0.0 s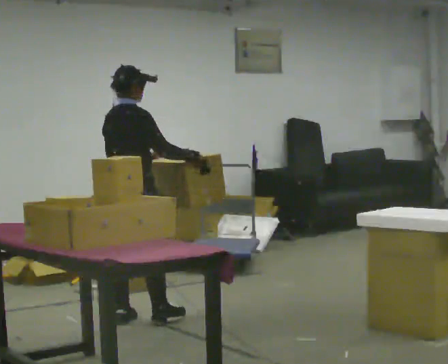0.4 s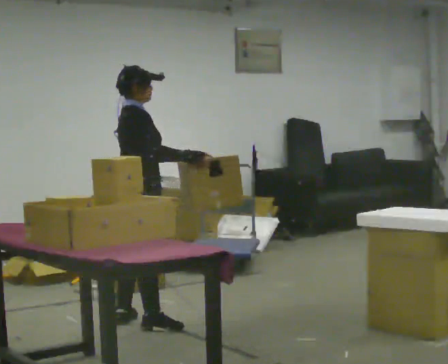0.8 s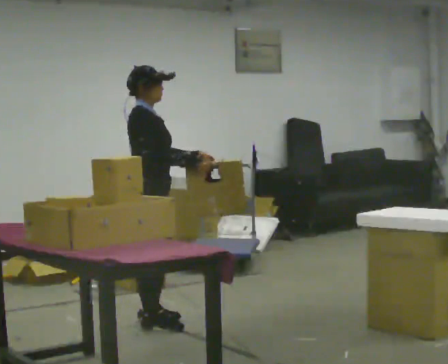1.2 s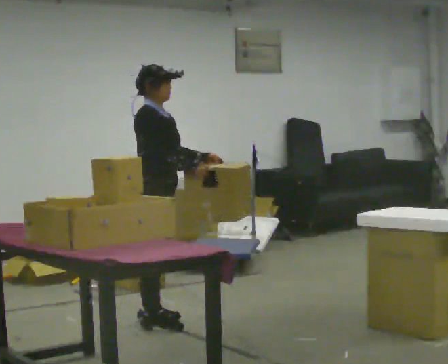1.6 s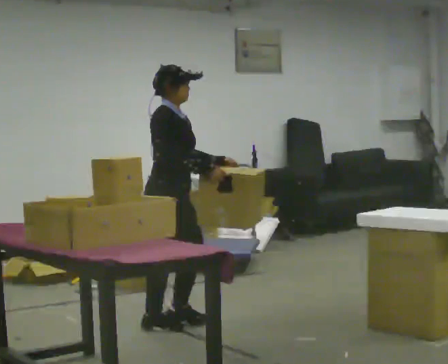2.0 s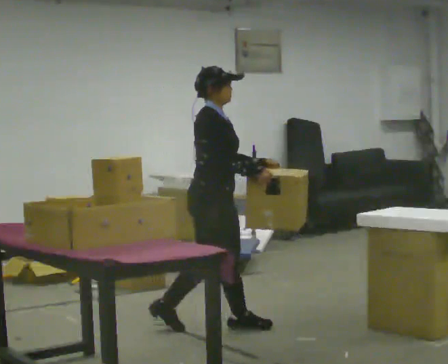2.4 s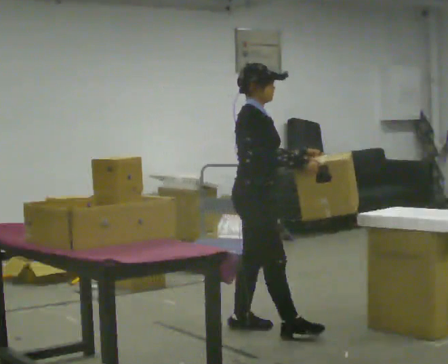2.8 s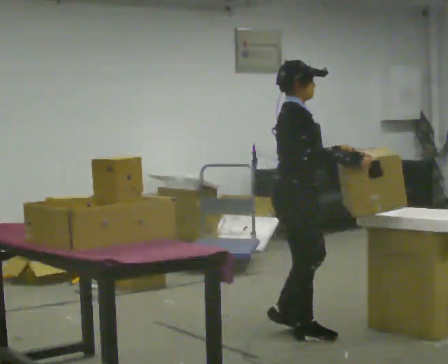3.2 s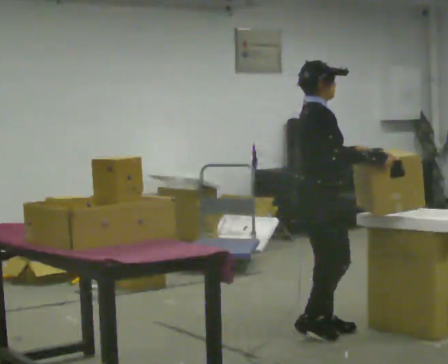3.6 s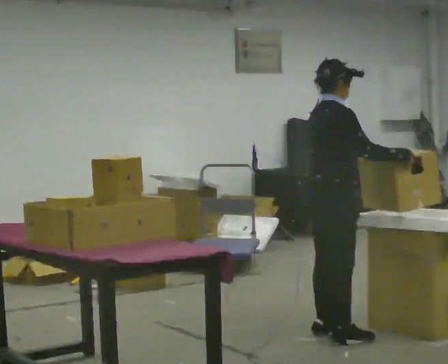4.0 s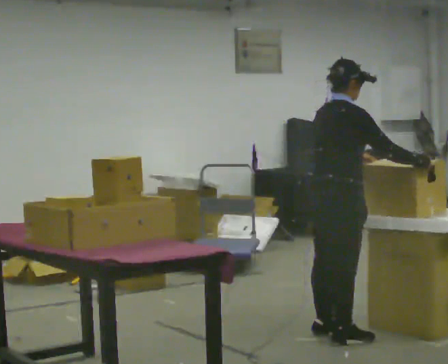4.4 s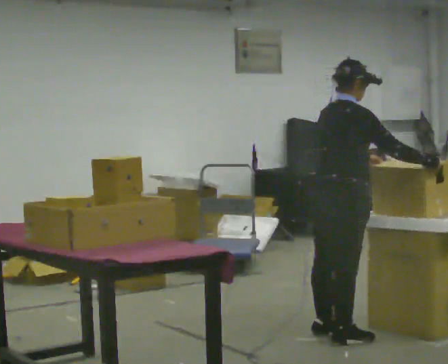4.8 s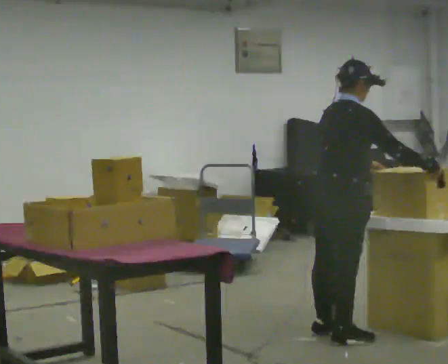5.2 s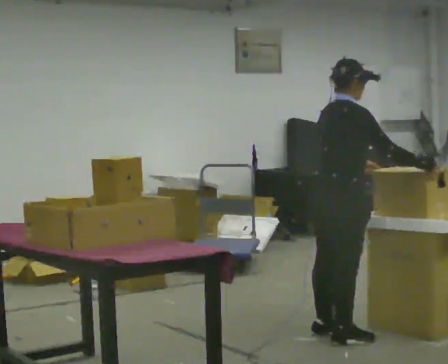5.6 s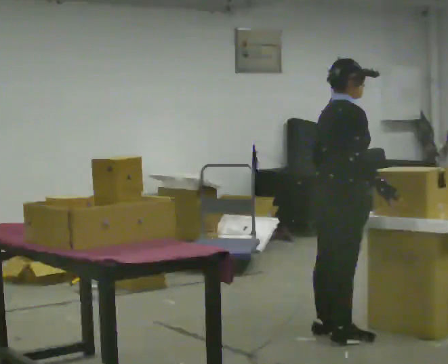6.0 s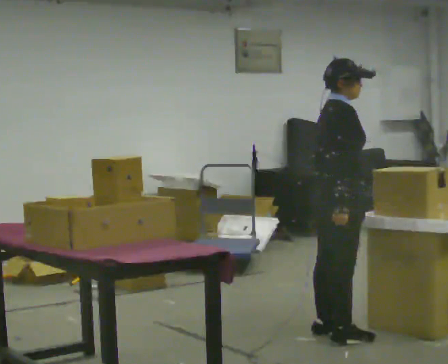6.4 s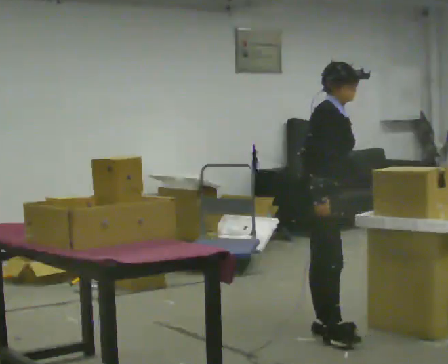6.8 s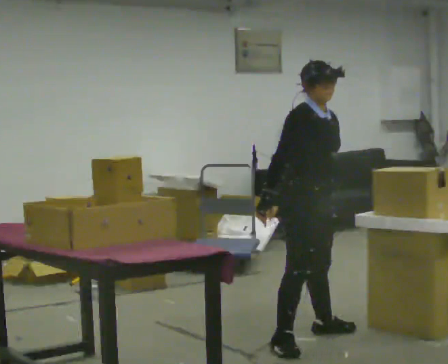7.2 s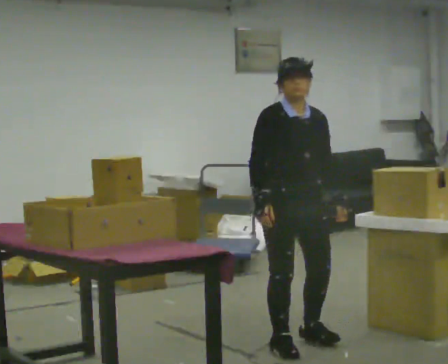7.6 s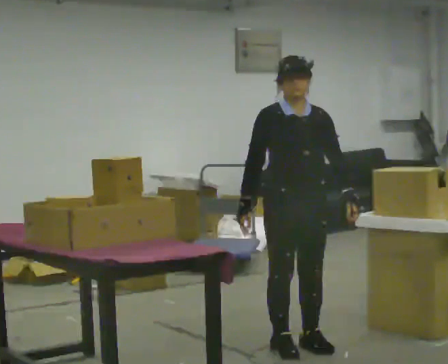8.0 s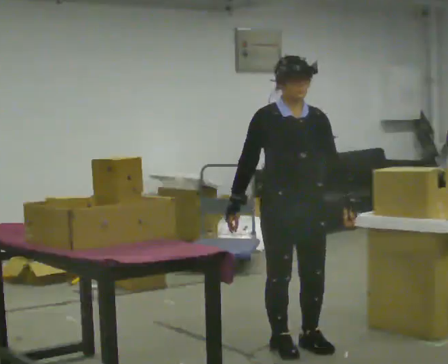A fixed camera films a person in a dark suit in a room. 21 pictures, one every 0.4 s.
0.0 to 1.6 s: The person turns about 60 degrees to their right, clockwise seen from above, so the part of the body nearest the lens slides to the left. In the picture they go to the right, about 0.25 m in 1 step, which for them is forward.
1.6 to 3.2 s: In the picture they go to the right, about 1 m in 3 steps, which for them is forward.
3.2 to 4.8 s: In the picture their right hand goes to the right.
4.8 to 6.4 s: Seen from above the body turns clockwise, about 45 degrees: to their right, with its near side sliding to the left. In the picture their right hand goes to the left, the arm swinging clockwise.
6.4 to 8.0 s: The part of the body nearest the lens slides to the left as the person turns to their right by about 45 degrees. In the picture they go toward the camera, about 0.5 m in 2 steps, which for them is to their right and forward.
The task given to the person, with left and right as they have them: 1. Move everything from the second bin into the first bin. 2. Carry the empty bin to the shelf. 3. Carry the full bin to the table. 4. Tell the operator when you are finished.
The film runs forward here.
